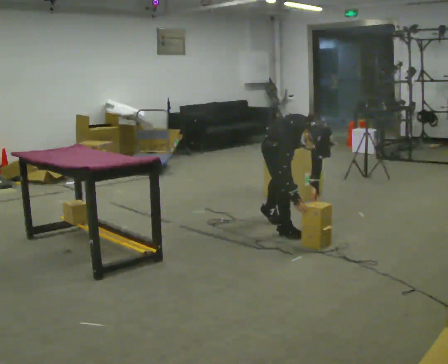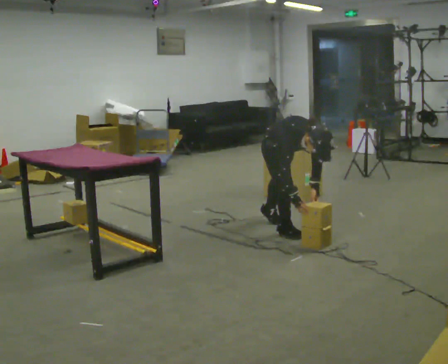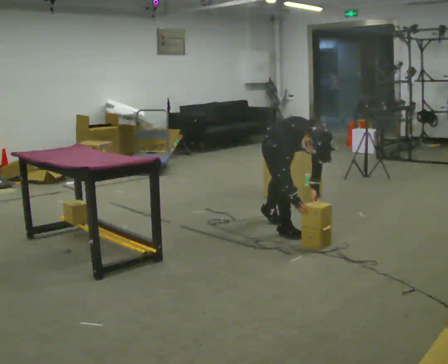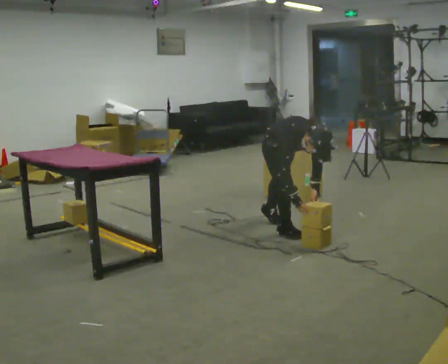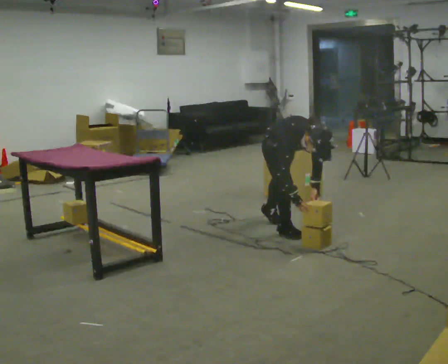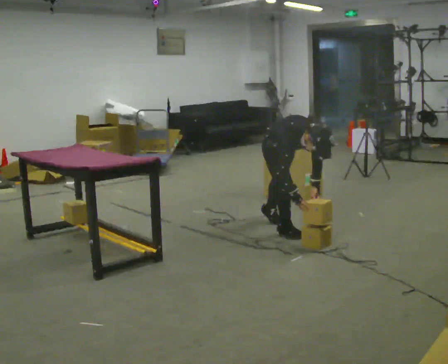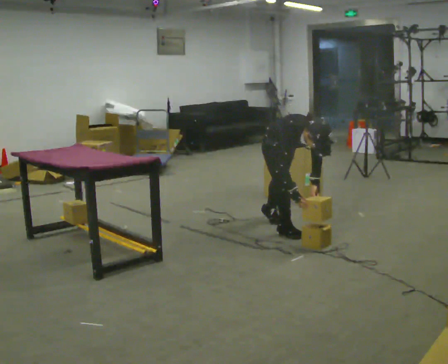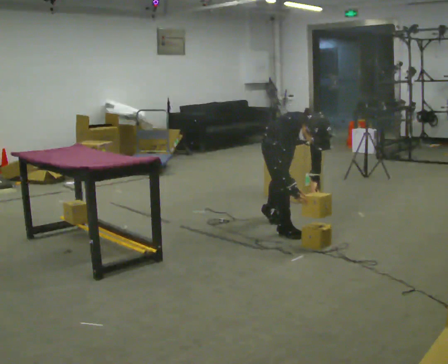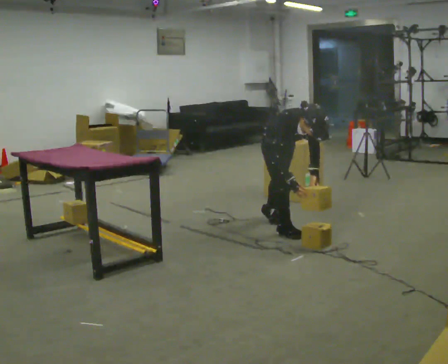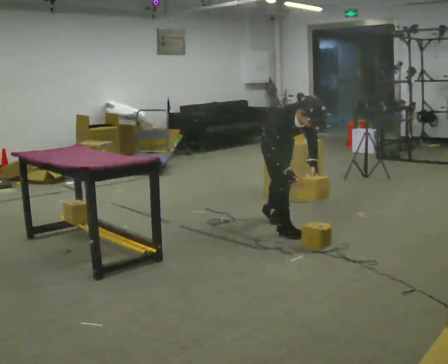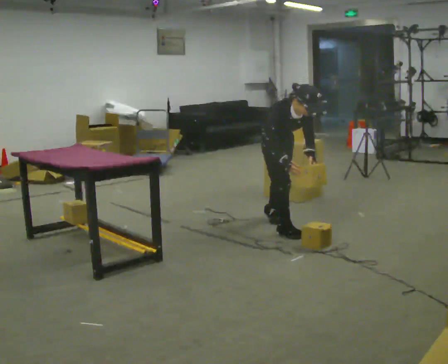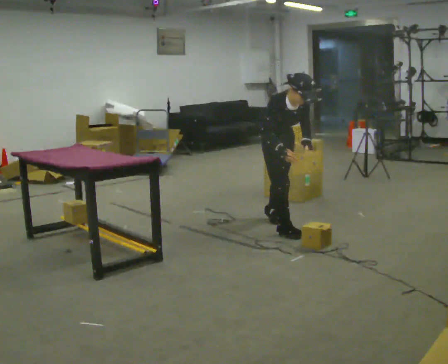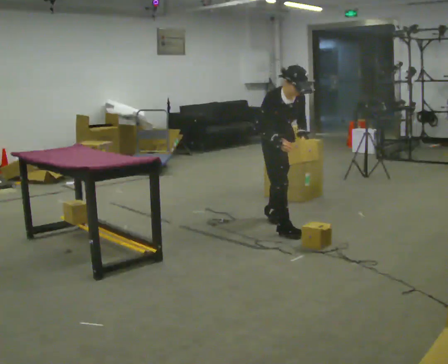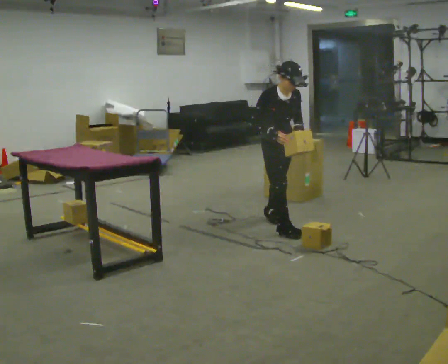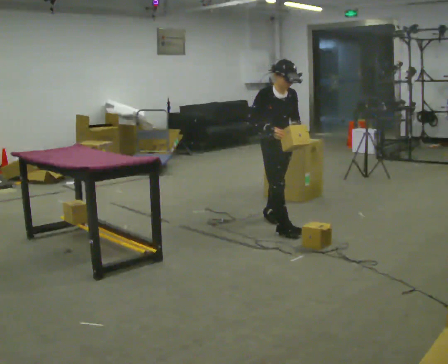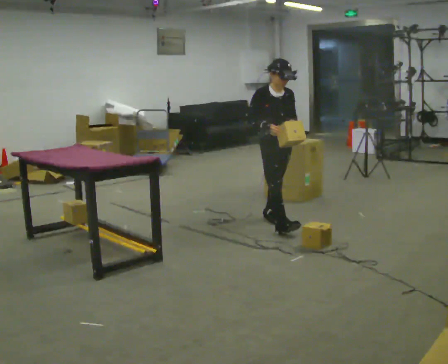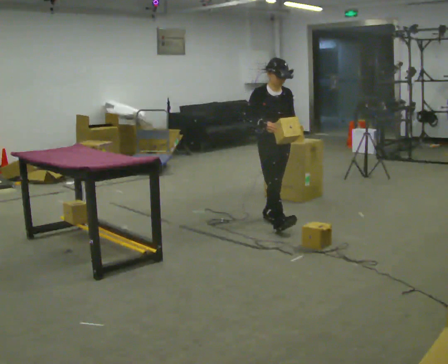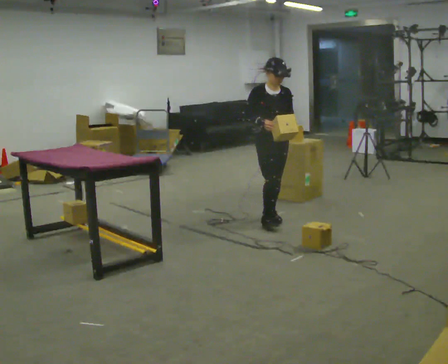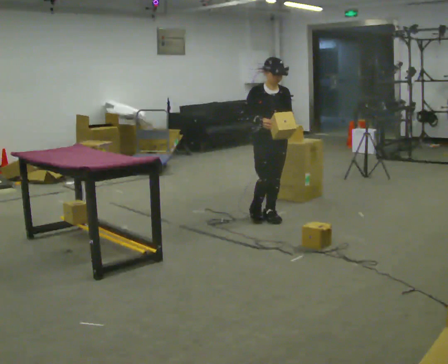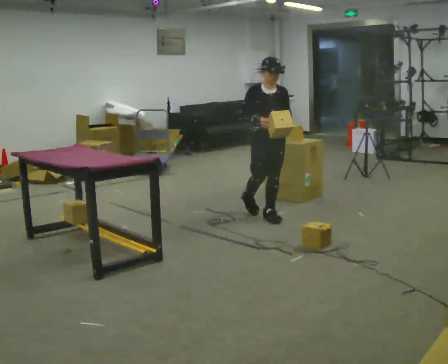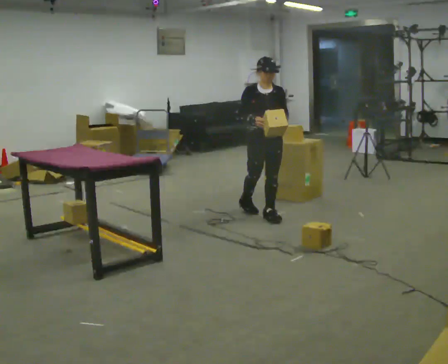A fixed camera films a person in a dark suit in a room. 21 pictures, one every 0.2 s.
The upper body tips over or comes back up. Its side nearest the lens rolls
upward.
Their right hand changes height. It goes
upward.
0.0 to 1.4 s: The person moves a little, or ends about where they began.
1.4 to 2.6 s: The shoulders move upward. The upper body tips away from the camera, its near side rolling upward, as they lean back or straighten. In the picture their right hand goes upward.
2.6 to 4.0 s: In the picture they go away from the camera, about 0.25 m in 1 step, which for them is backward. The upper body tips away from the camera, its near side rolling upward, as they lean back or straighten.
The film runs backward here.
